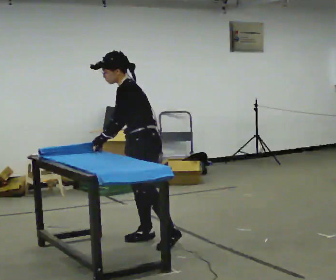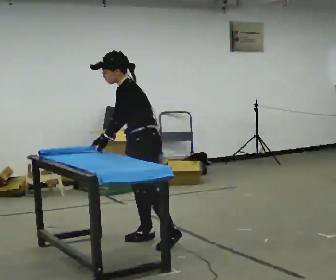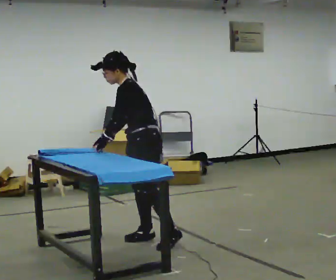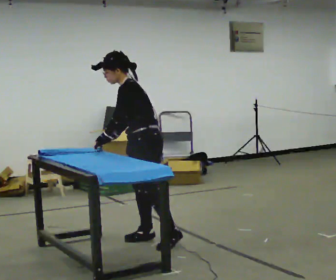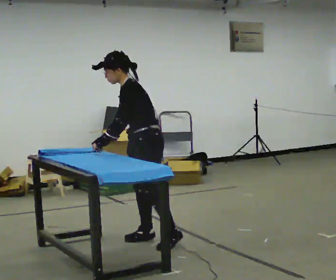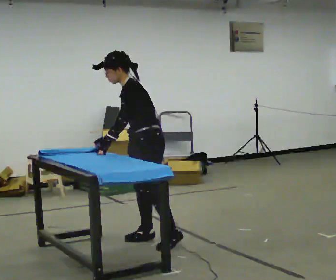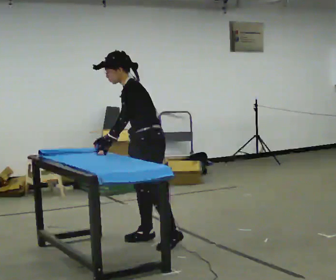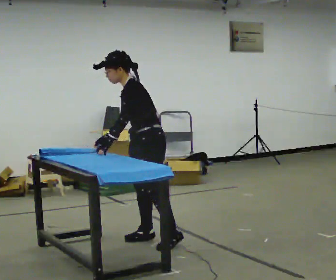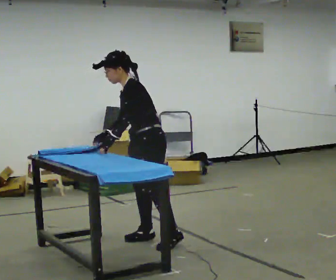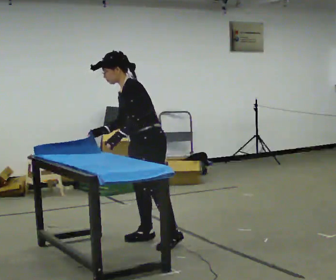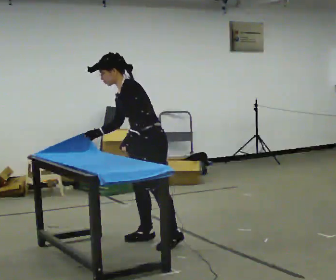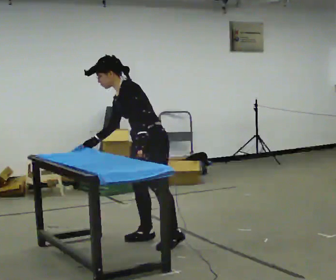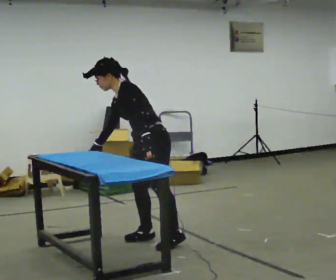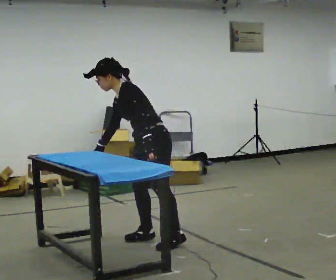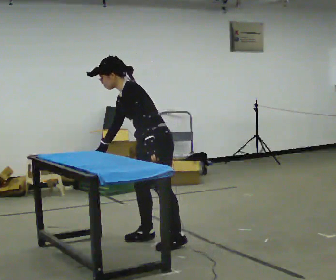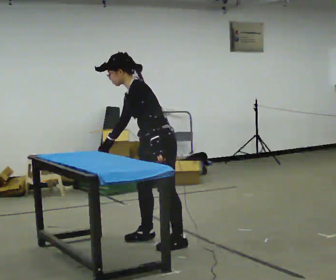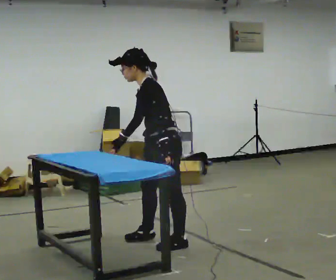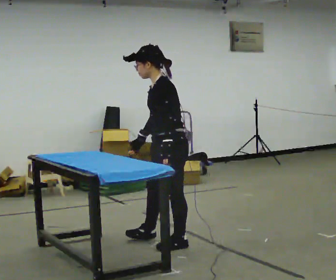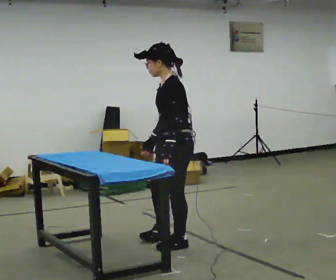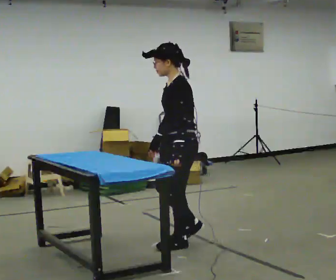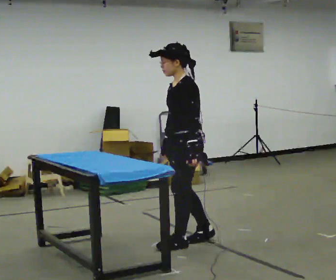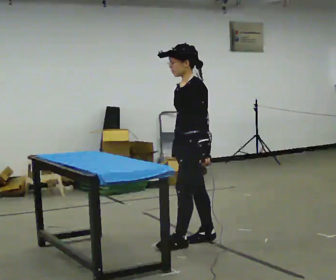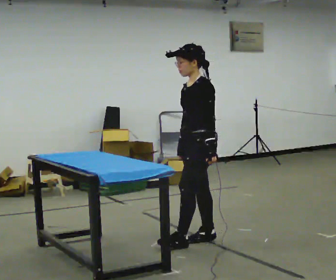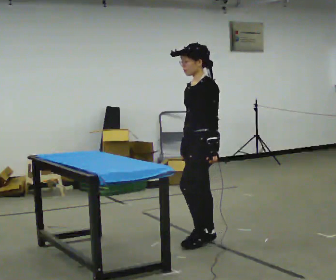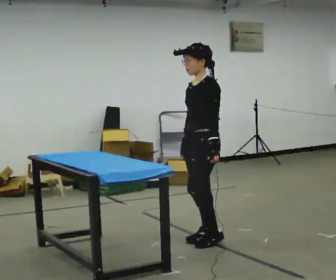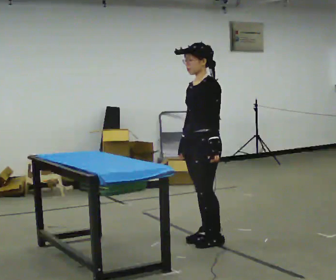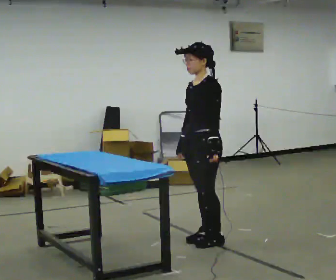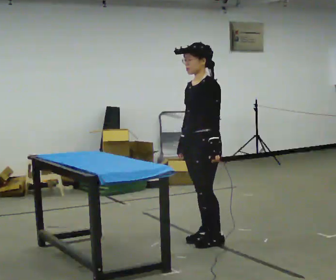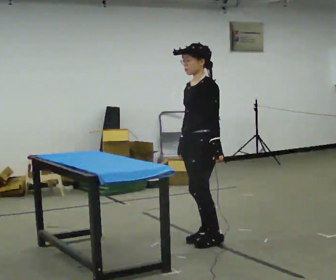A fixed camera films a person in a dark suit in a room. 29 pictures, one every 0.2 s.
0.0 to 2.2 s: In the picture their left hand goes to the right, the arm swinging counterclockwise.
2.2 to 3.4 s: In the picture they go toward the camera and to the right, about 0.25 m, which for them is to their left. In the picture their right hand goes to the right.
3.4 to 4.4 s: In the picture they go to the right, about 0.25 m in 1 step, which for them is backward. In the picture their right hand goes to the right.
4.4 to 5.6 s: The person moves a little, or ends about where they began.
The film runs backward here.
